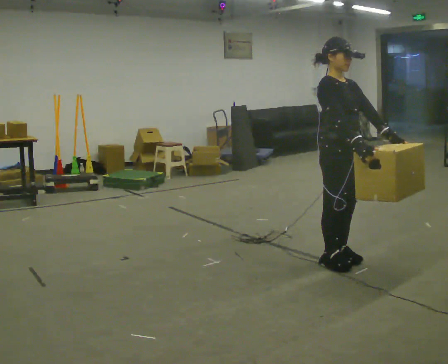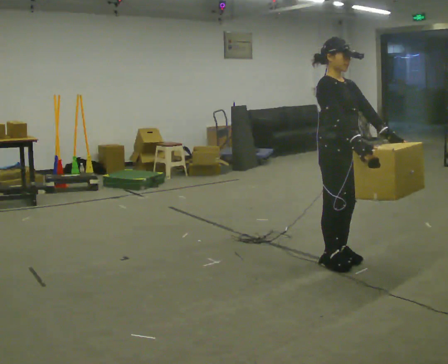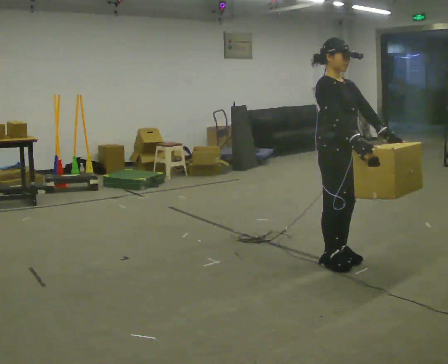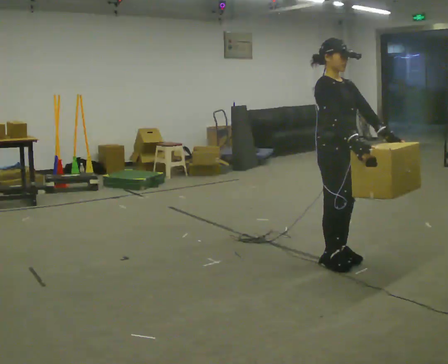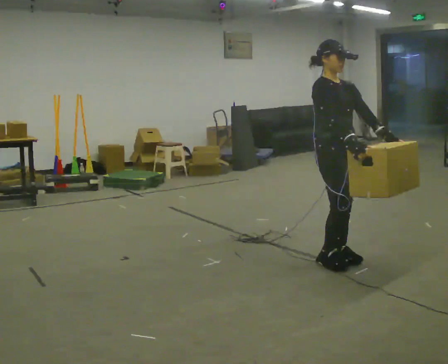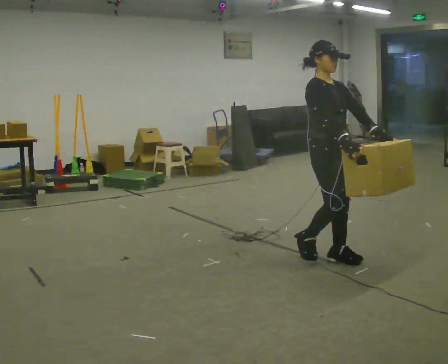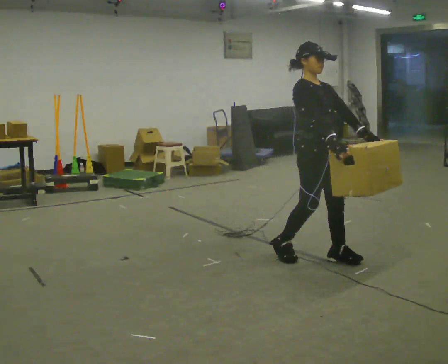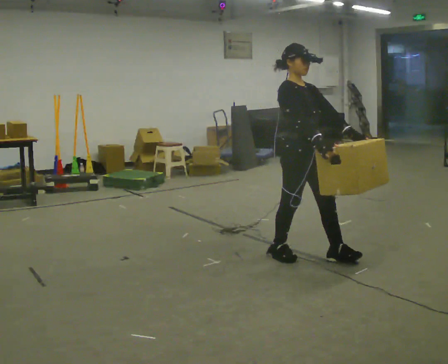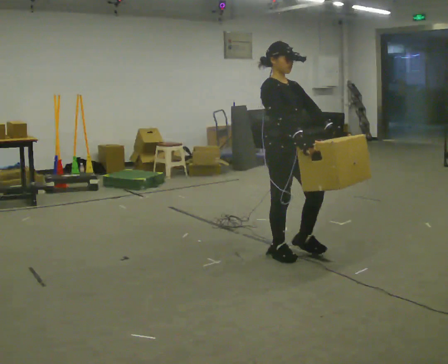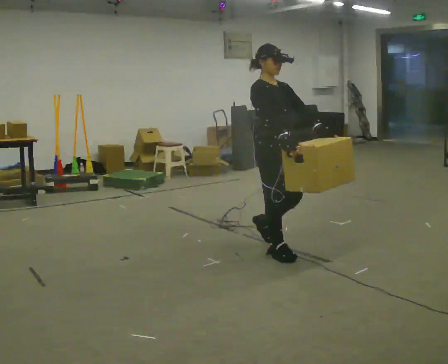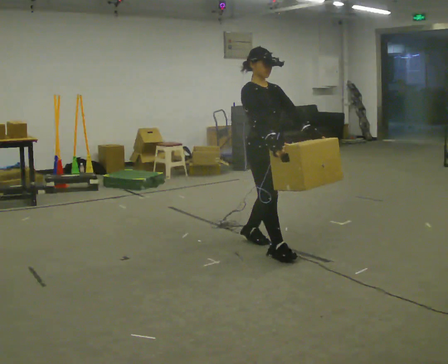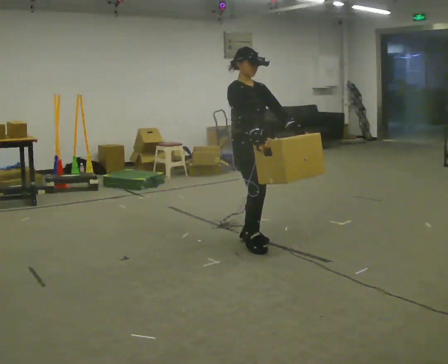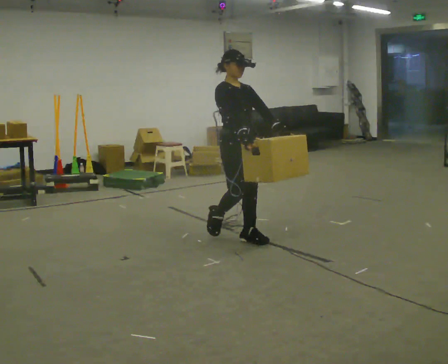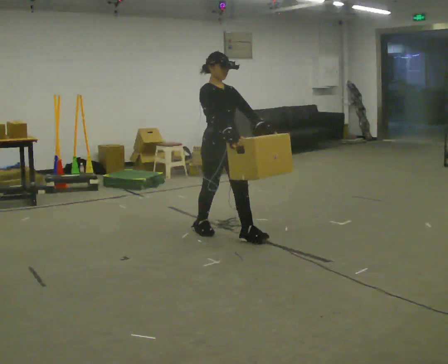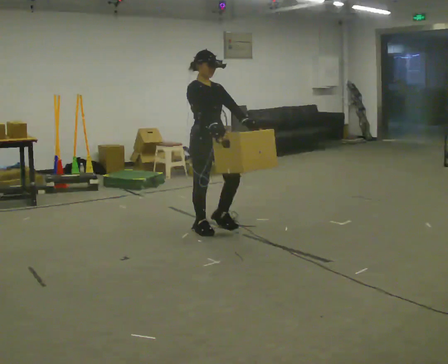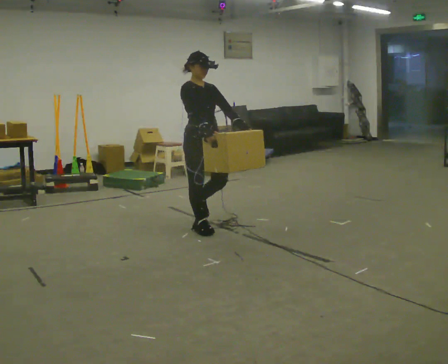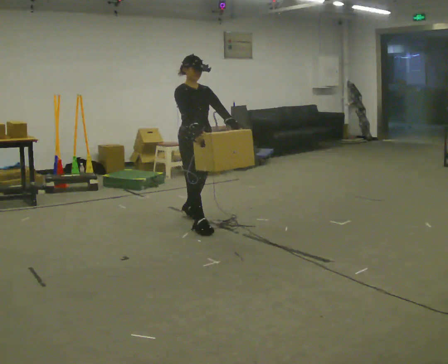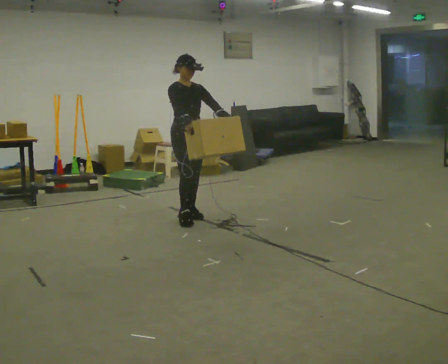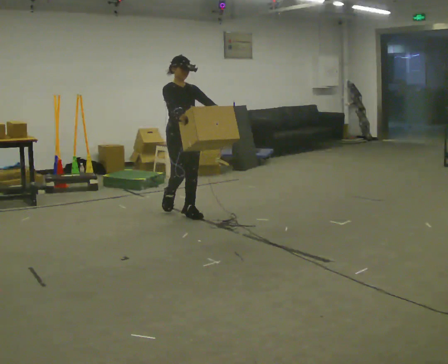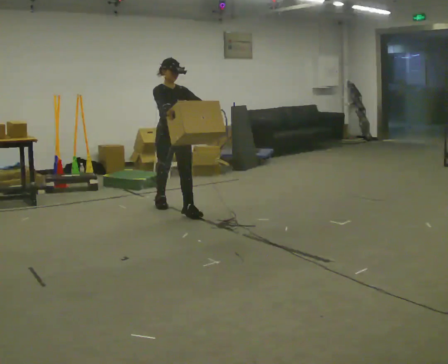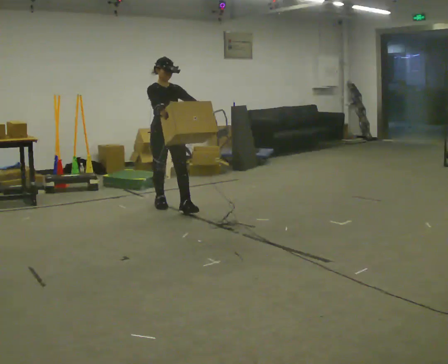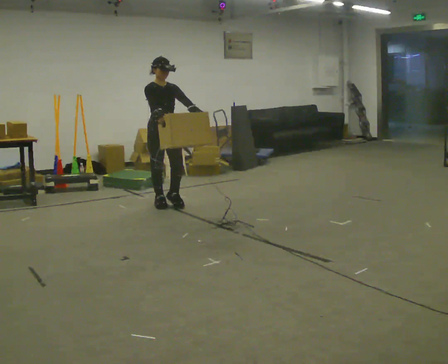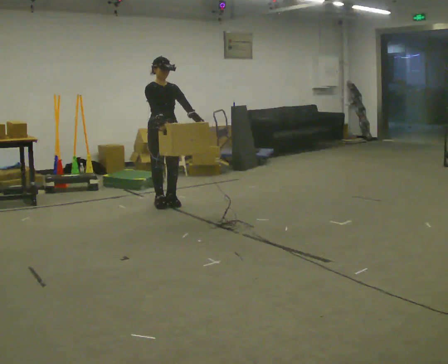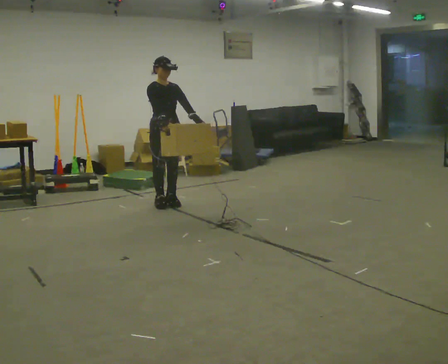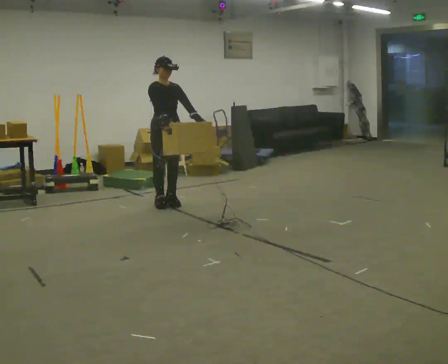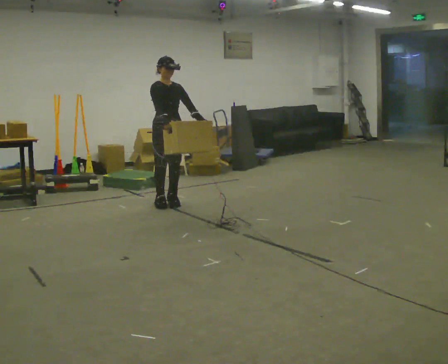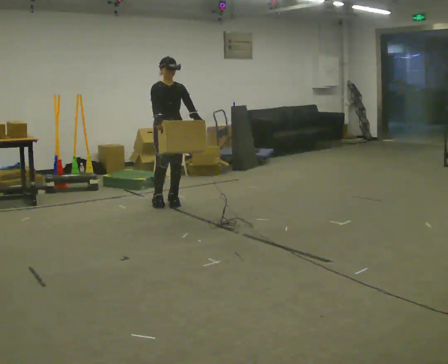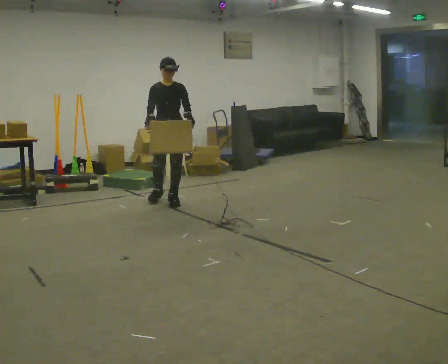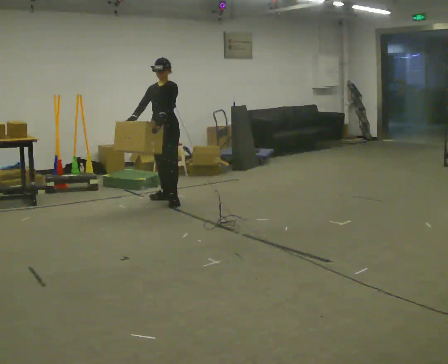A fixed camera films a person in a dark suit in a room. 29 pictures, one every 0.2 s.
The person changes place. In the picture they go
away from the camera.
0.0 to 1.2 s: The person moves a little, or ends about where they began.
1.2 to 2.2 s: In the picture they go away from the camera and to the left, about 0.75 m in 2 steps, which for them is backward.
2.2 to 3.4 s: In the picture they go away from the camera and to the left, about 1 m in 2 steps, which for them is backward.
3.4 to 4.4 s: In the picture they go away from the camera and to the left, about 0.5 m in 1 step, which for them is backward.
4.4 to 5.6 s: The person turns about 45 degrees to their right, clockwise seen from above, so the part of the body nearest the lens slides to the left. In the picture they go away from the camera, about 0.25 m in 1 step, which for them is backward and to their left.
The film runs backward here.
